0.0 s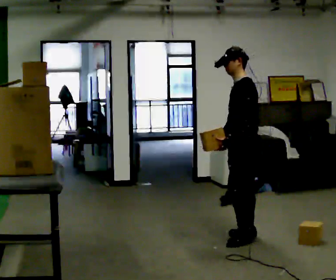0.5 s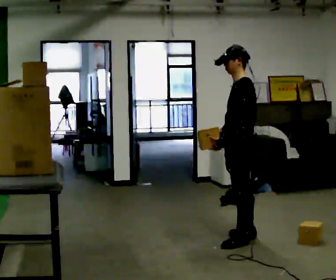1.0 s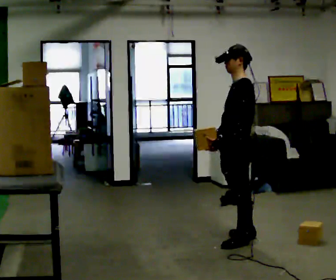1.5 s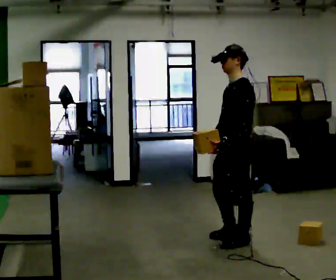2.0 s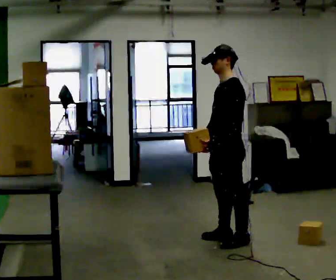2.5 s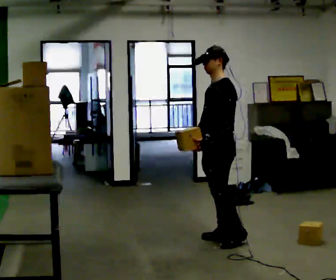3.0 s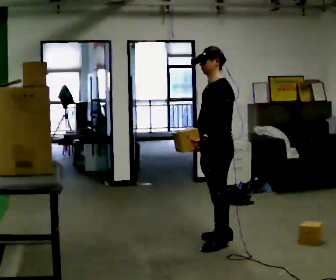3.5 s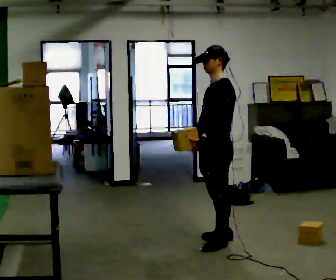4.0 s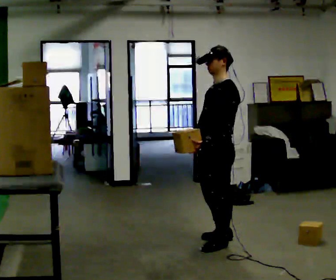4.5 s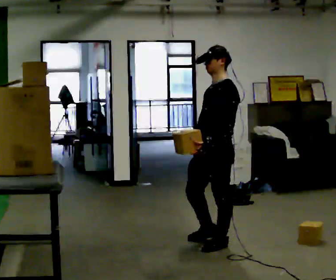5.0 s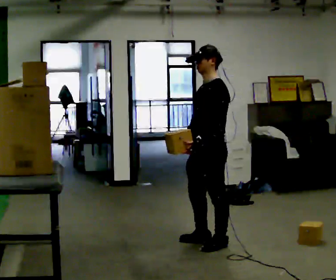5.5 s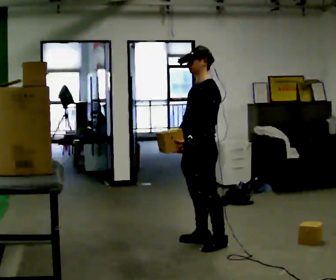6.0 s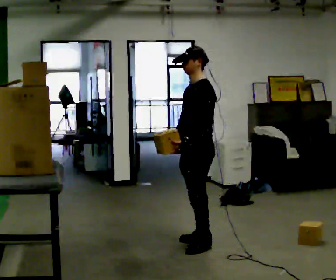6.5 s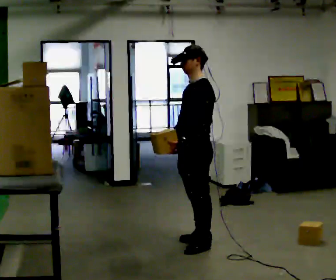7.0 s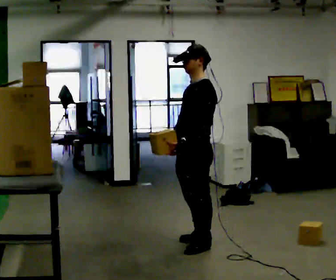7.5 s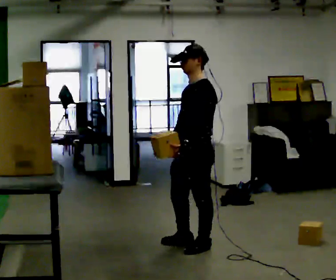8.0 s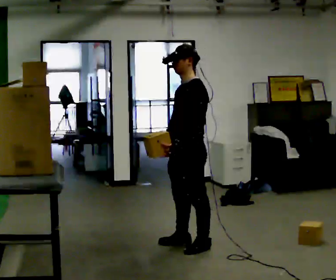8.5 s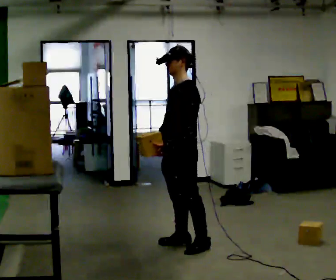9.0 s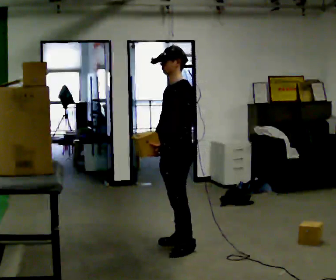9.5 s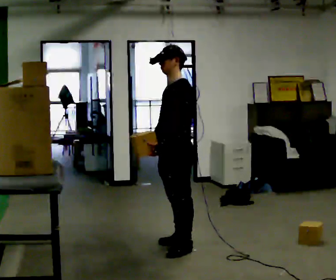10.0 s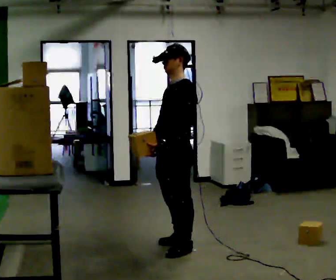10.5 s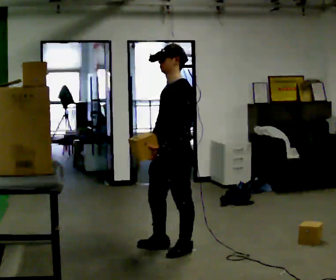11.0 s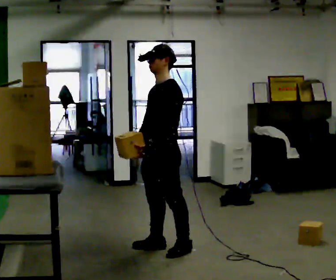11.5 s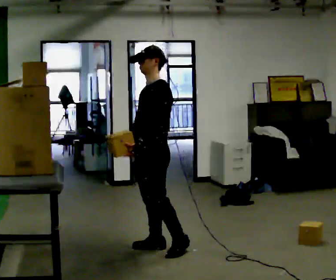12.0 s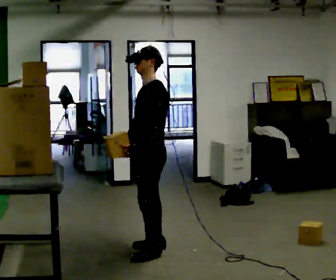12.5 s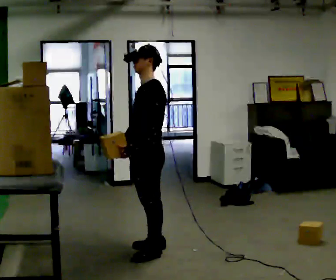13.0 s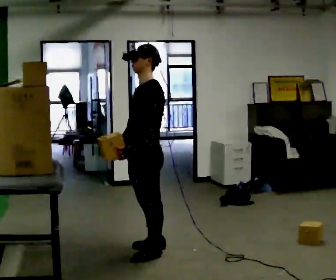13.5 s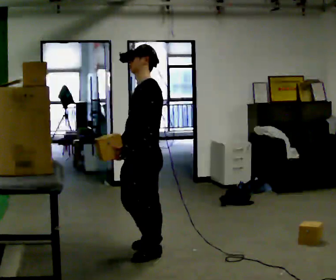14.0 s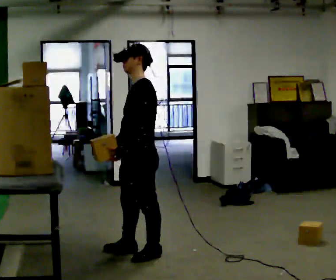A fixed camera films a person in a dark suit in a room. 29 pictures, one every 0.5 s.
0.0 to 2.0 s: In the picture they go to the left, about 0.25 m in 1 step, which for them is forward.
2.0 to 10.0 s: In the picture they go to the left and toward the camera, about 0.5 m in 5 steps, which for them is forward.
10.0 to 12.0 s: In the picture they go to the left, about 0.25 m in 2 steps, which for them is to their right and forward.
12.0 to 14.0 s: In the picture they go toward the camera, about 0.25 m in 1 step, which for them is to their left and forward.
The film runs forward here.
